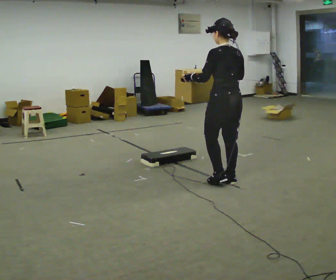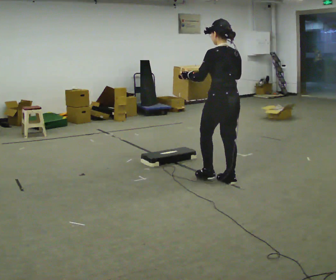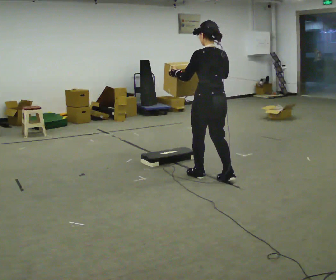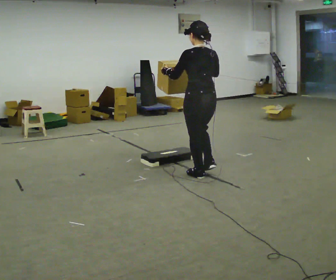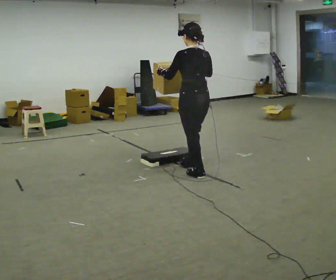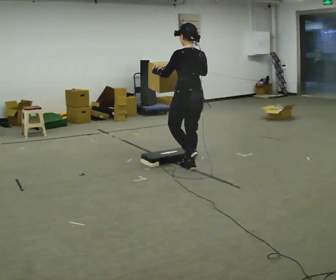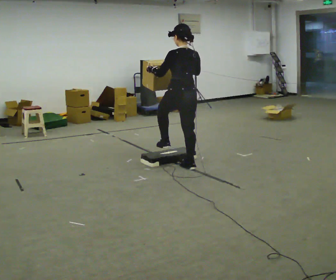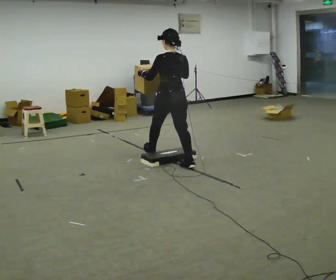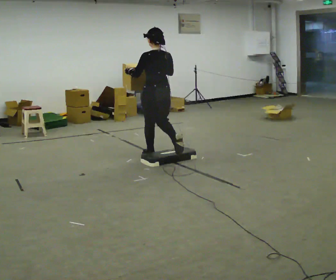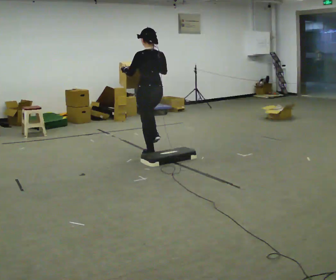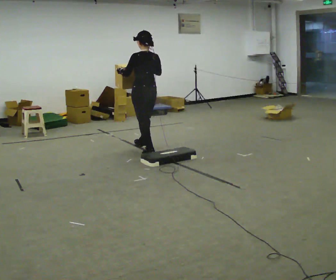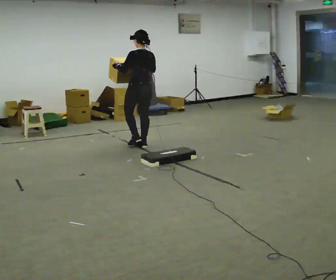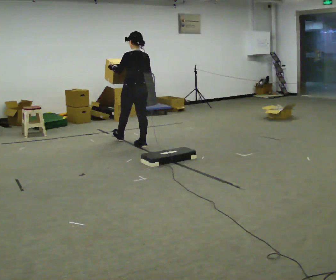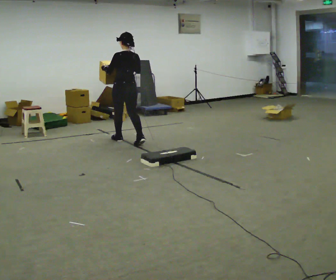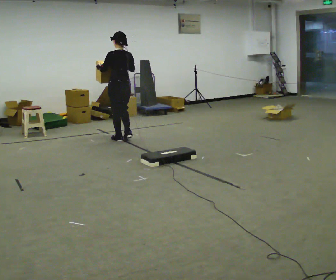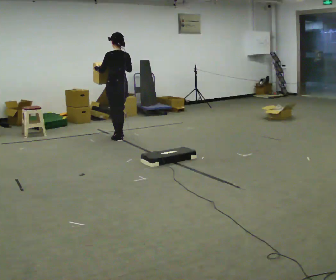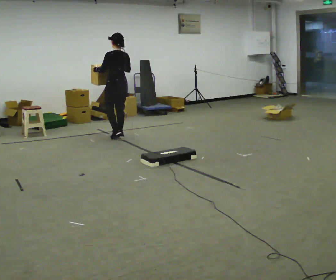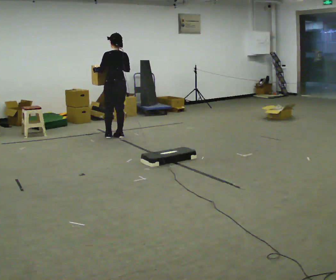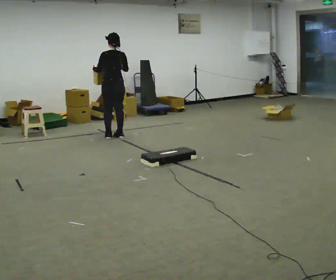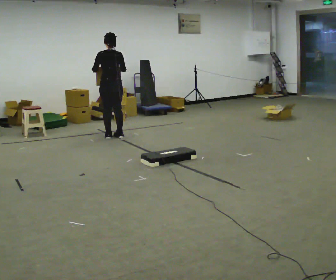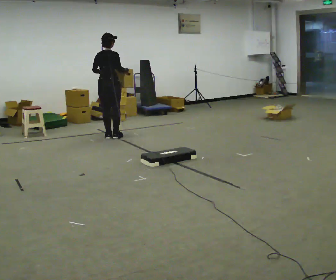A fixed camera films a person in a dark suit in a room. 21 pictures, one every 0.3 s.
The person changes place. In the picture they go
away from the camera.
0.0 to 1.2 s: In the picture they go away from the camera and to the left, about 0.5 m in 2 steps, which for them is forward.
1.2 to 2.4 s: In the picture they go away from the camera and to the left, about 1 m in 1 step, which for them is forward.
2.4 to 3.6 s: In the picture they go away from the camera and to the left, about 1 m in 1 step, which for them is forward.
3.6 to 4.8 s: In the picture they go away from the camera and to the left, about 0.5 m in 2 steps, which for them is forward.
4.8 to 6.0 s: Seen from above the body turns clockwise, about 60 degrees: to their right, with its near side sliding to the left. In the picture they go to the left, about 0.25 m in 1 step, which for them is to their left.
The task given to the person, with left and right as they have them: Carry the box over the low sill without stopping, then bring it back over. Keep going until the operator says stop; one object at a time, and do not rush between trips.
The film runs forward here.
